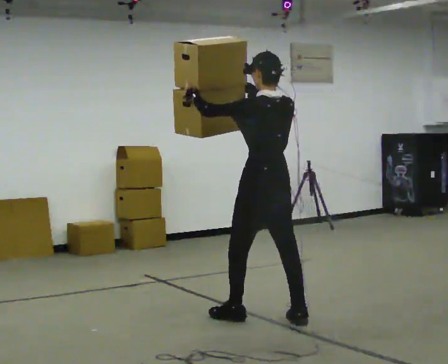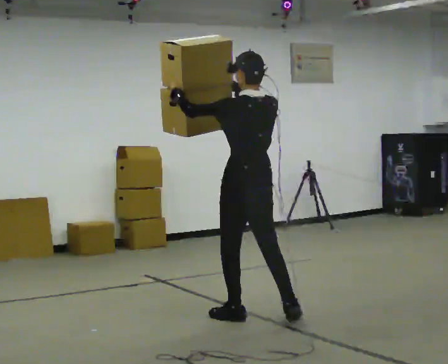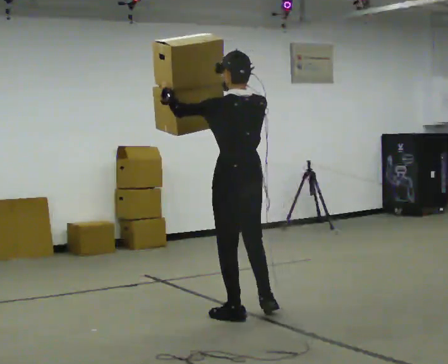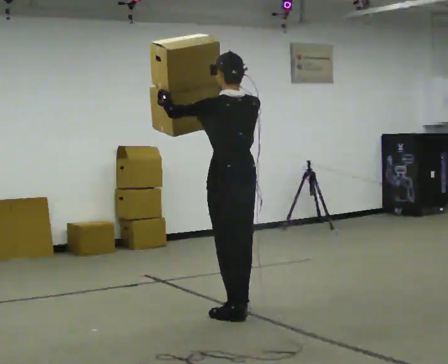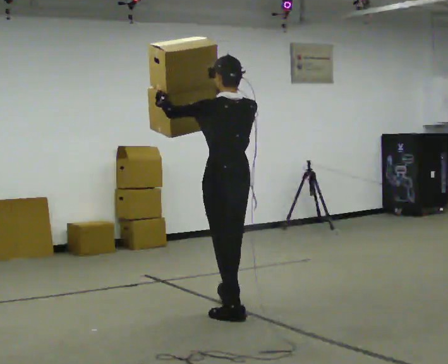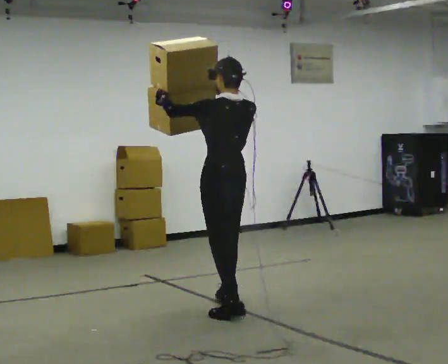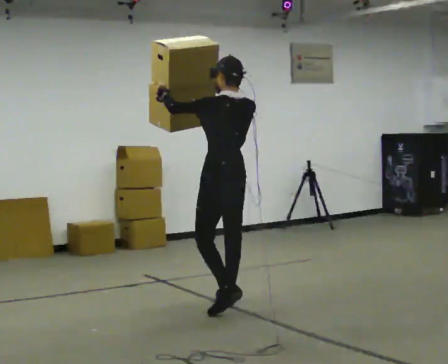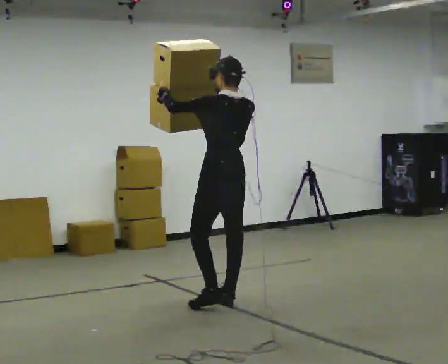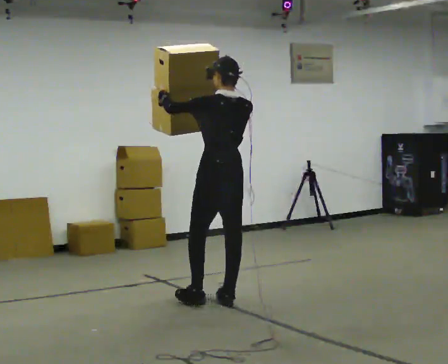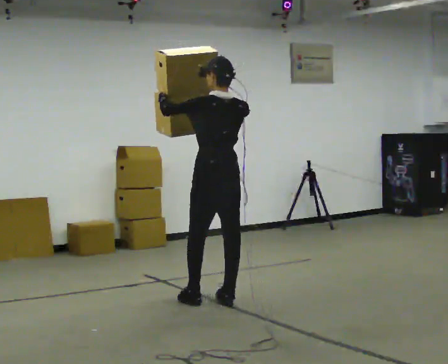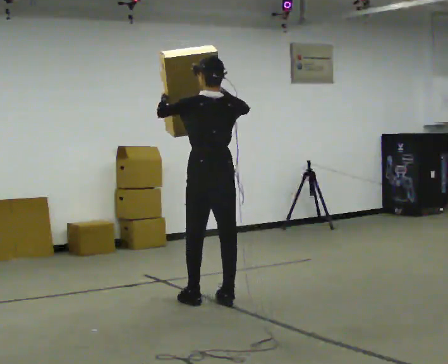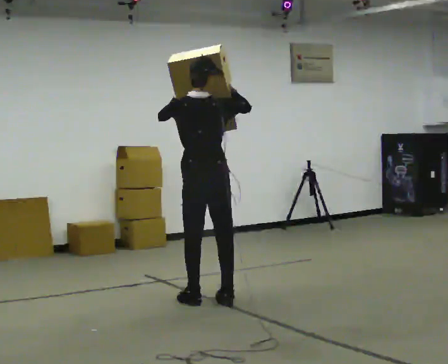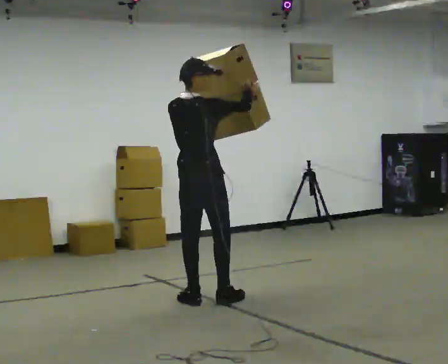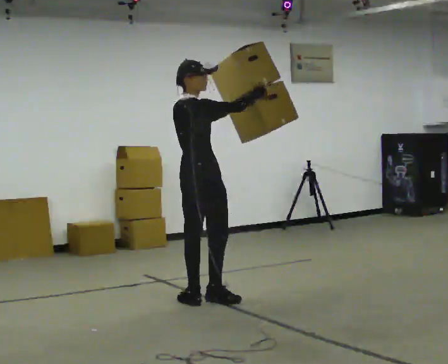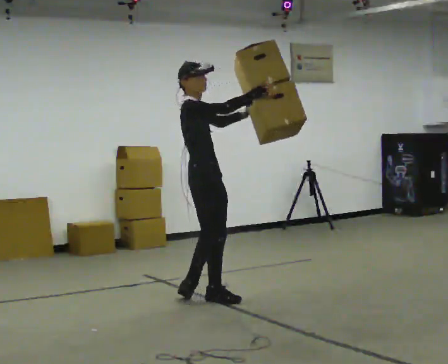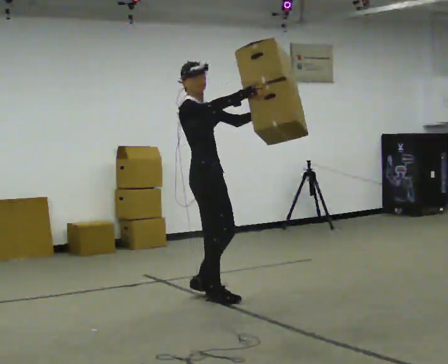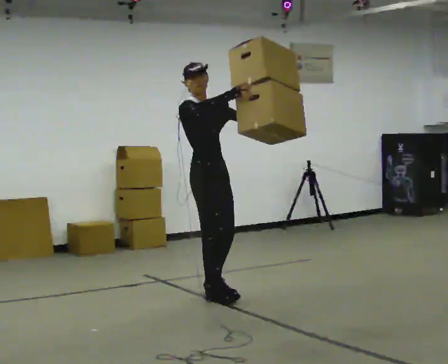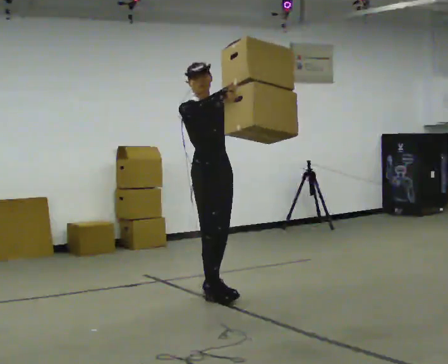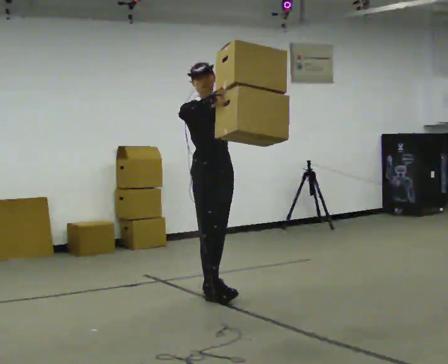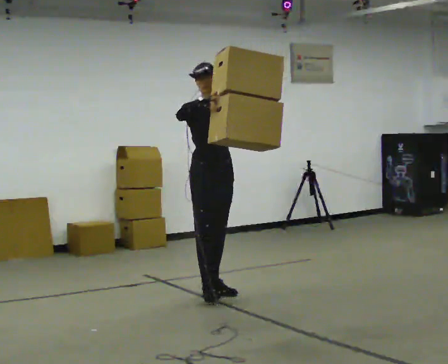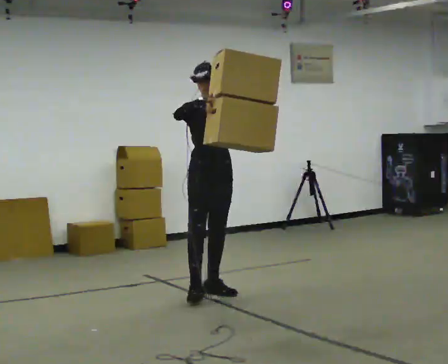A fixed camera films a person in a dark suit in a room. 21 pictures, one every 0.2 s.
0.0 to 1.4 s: In the picture they go away from the camera and to the left, about 0.5 m in 1 step, which for them is forward.
1.4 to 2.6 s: The person turns about 90 degrees to their right, clockwise seen from above, so the part of the body nearest the lens slides to the left. In the picture they go to the left, about 0.25 m in 2 steps. In the picture their left hand goes to the right.
2.6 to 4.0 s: Seen from above the body turns clockwise, about 105 degrees: to their right, with its near side sliding to the left. In the picture they go away from the camera, about 0.25 m in 1 step.
The film runs forward here.
